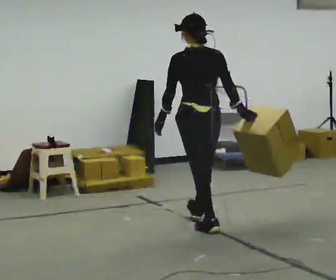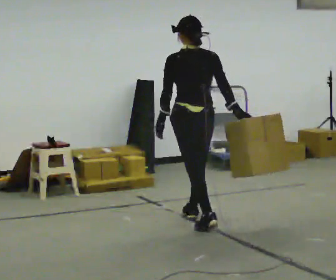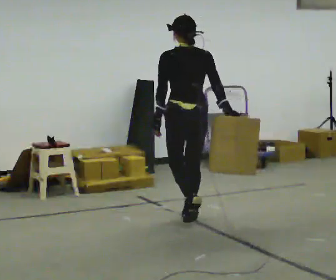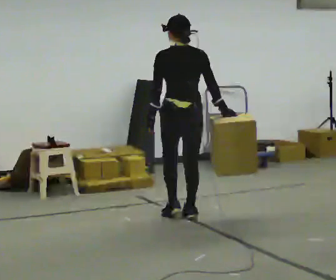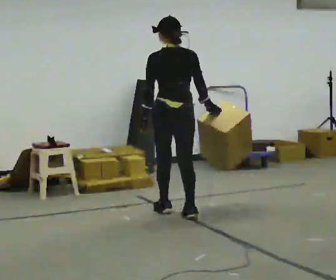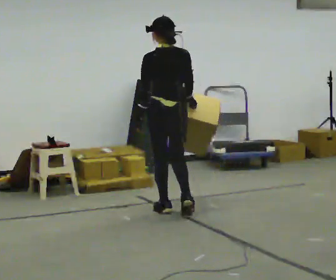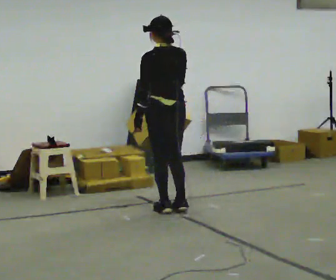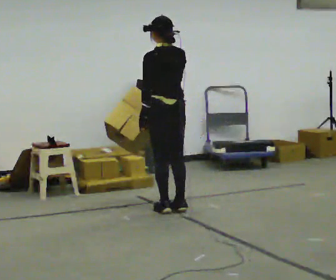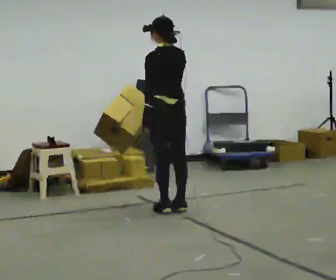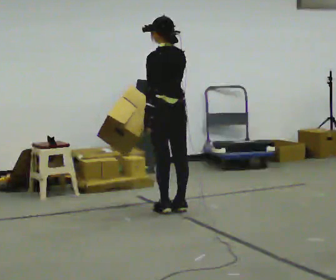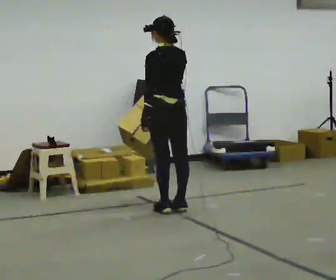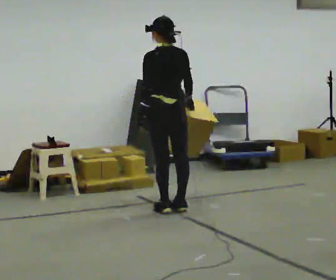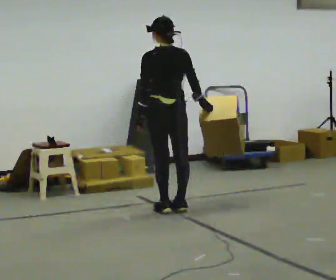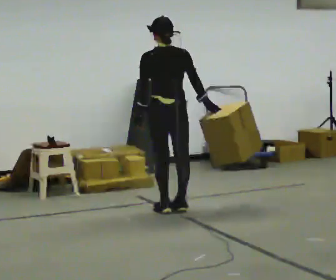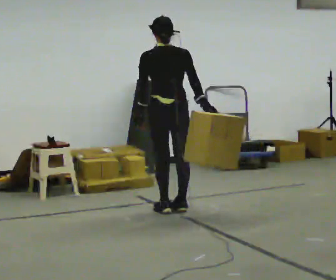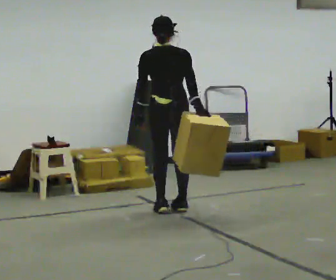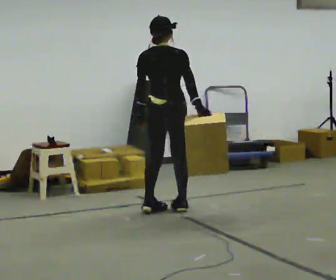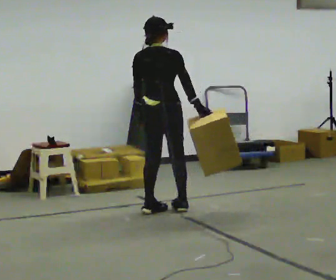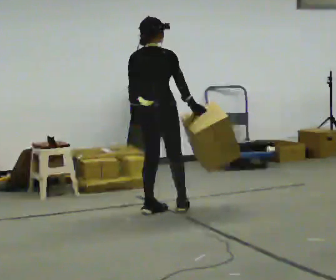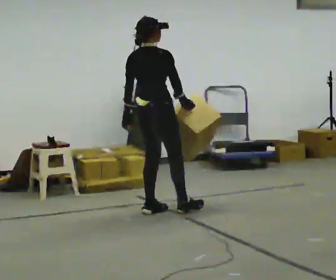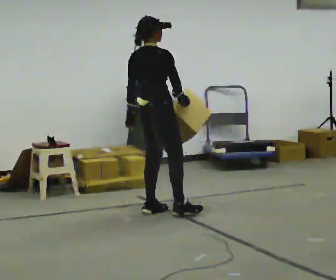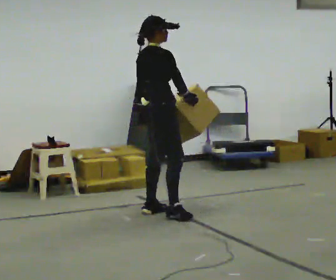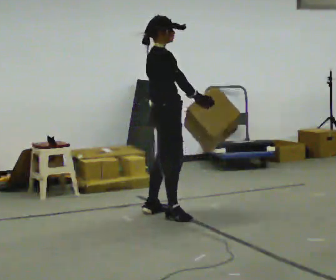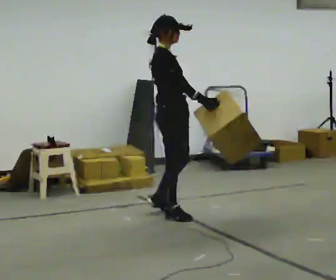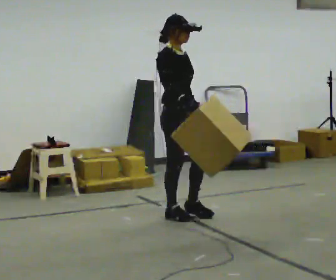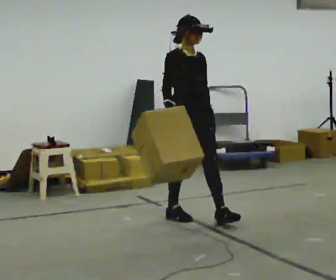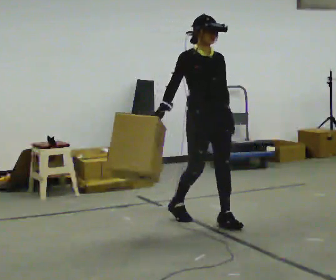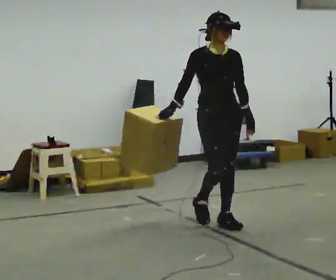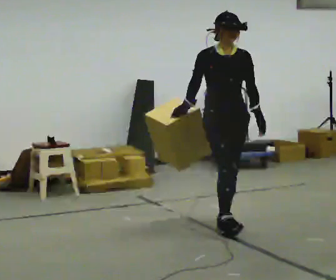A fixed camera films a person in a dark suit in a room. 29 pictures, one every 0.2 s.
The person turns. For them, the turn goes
to their right.
The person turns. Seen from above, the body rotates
clockwise.
0.0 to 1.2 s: In the picture they go away from the camera and to the left, about 0.5 m in 2 steps, which for them is forward.
1.2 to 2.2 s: The person moves a little, or ends about where they began.
2.2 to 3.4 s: The person turns about 45 degrees to their right, clockwise seen from above, so the part of the body nearest the lens slides to the left.
3.4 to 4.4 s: Seen from above the body turns clockwise, about 60 degrees: to their right, with its near side sliding to the left. In the picture they go toward the camera, about 0.25 m in 1 step, which for them is to their right.
4.4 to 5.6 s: Seen from above the body turns clockwise, about 75 degrees: to their right, with its near side sliding to the left. In the picture they go to the right and toward the camera, about 0.75 m in 1 step.
The film runs forward here.
